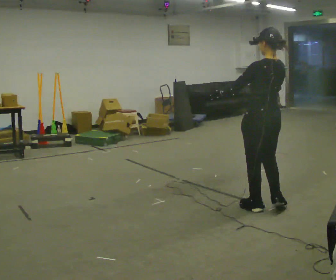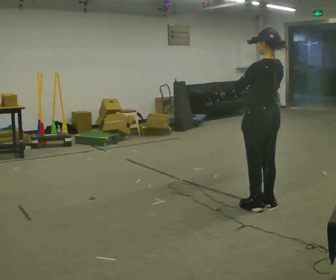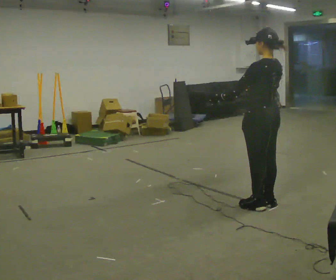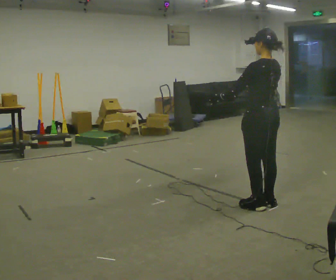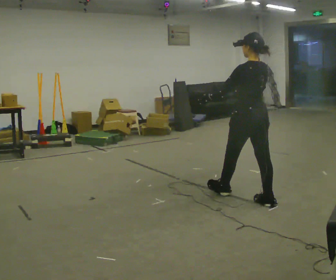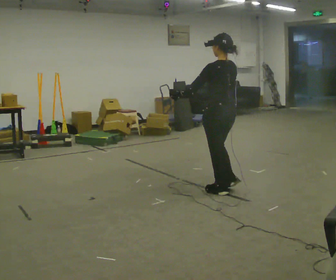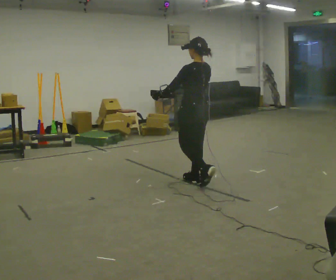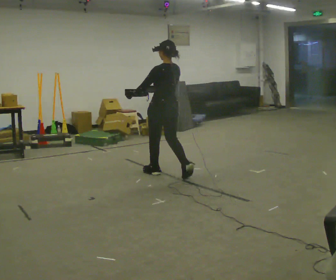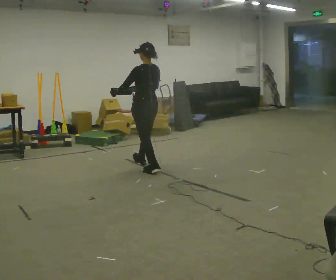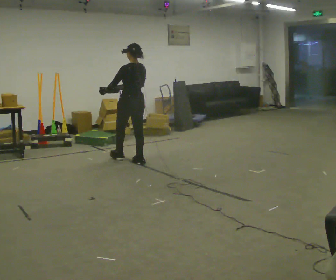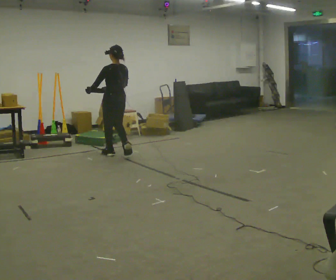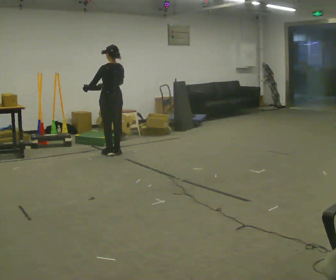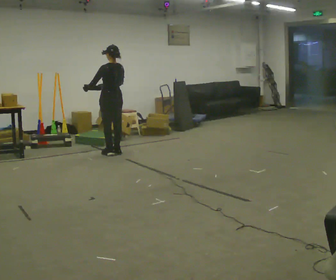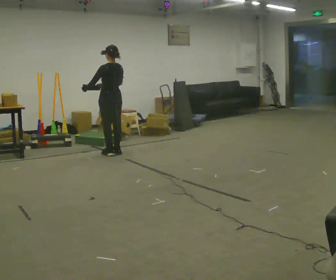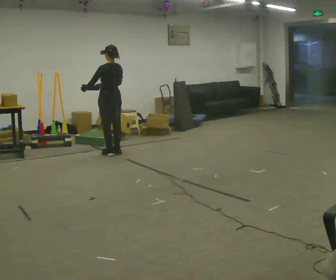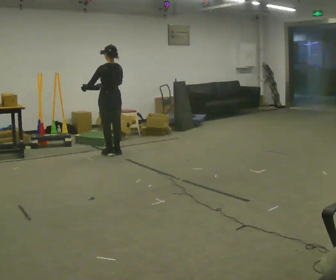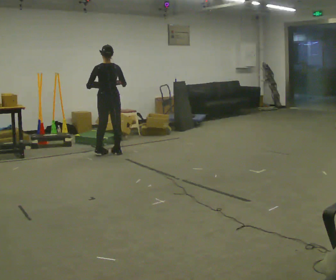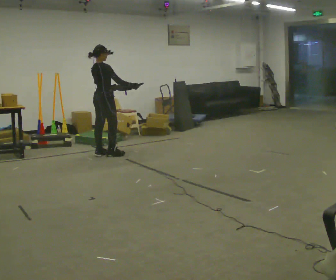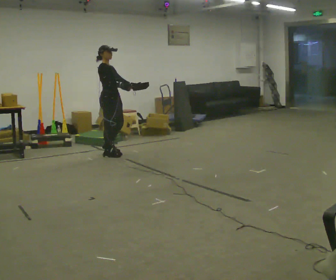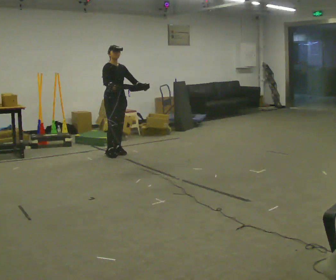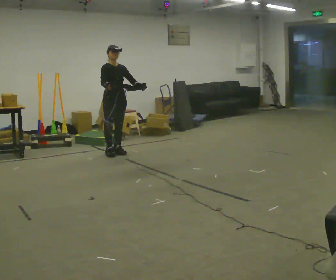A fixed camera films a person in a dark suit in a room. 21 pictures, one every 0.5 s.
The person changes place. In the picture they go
away from the camera.
Their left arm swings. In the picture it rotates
counterclockwise.
0.0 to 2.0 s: In the picture they go away from the camera, about 0.25 m in 1 step, which for them is forward.
2.0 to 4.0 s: In the picture they go away from the camera and to the left, about 1.5 m in 4 steps, which for them is forward.
4.0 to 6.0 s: In the picture they go away from the camera and to the left, about 1 m in 2 steps, which for them is forward.
6.0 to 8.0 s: Seen from above the body turns clockwise, about 30 degrees: to their right, with its near side sliding to the left.
8.0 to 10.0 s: The part of the body nearest the lens slides to the left as the person turns to their right by about 150 degrees.
The film runs forward here.
